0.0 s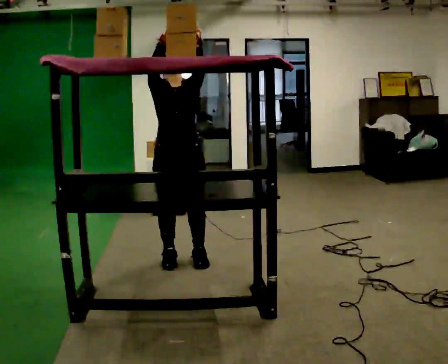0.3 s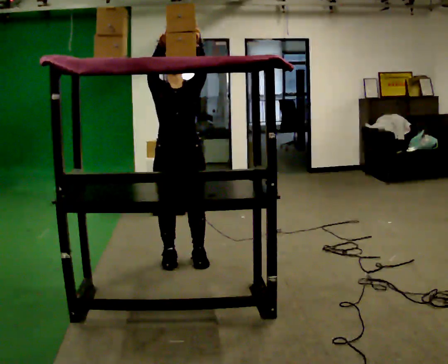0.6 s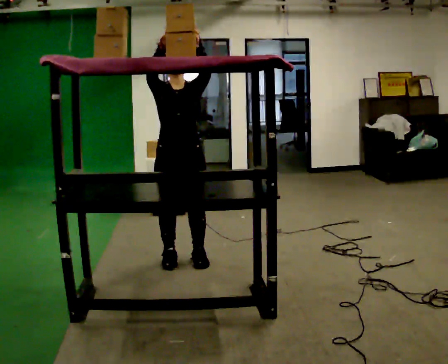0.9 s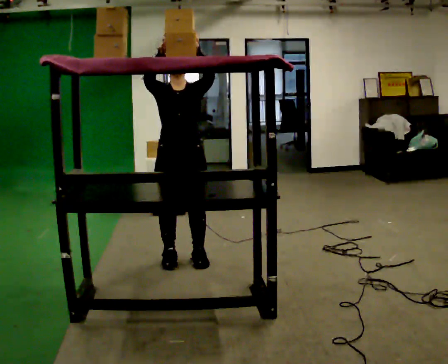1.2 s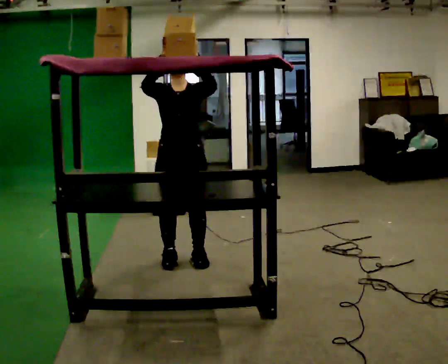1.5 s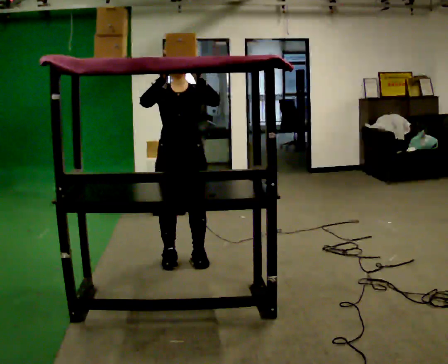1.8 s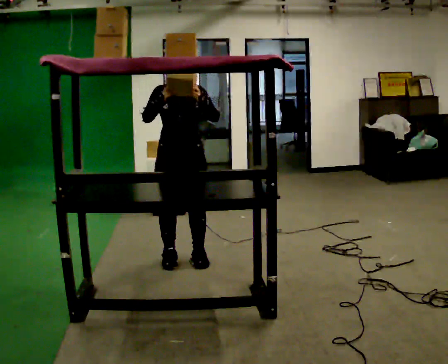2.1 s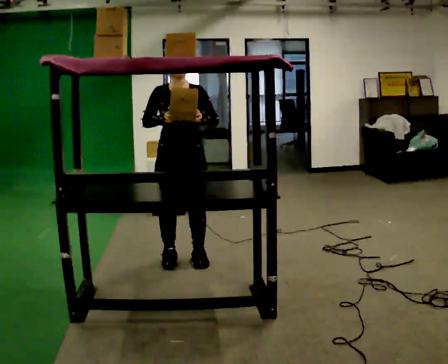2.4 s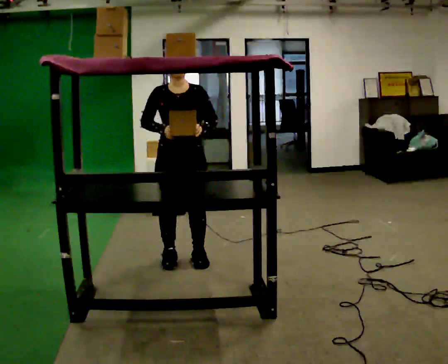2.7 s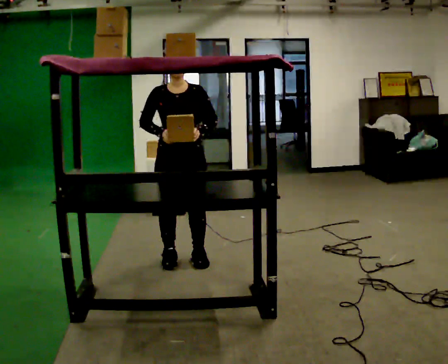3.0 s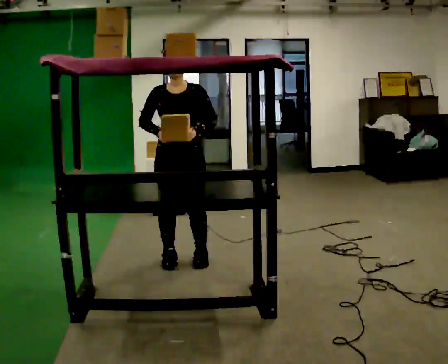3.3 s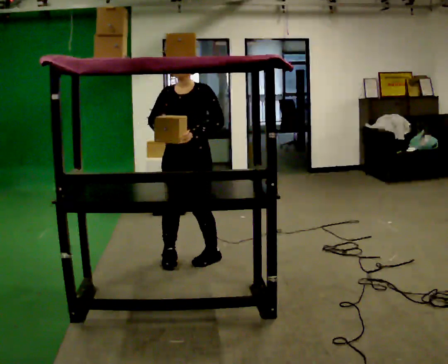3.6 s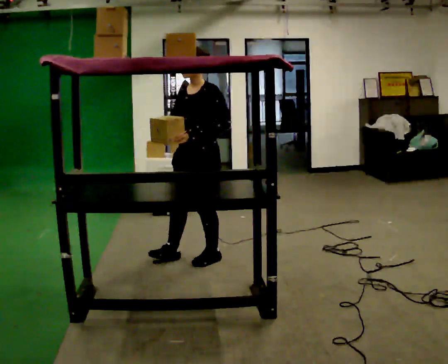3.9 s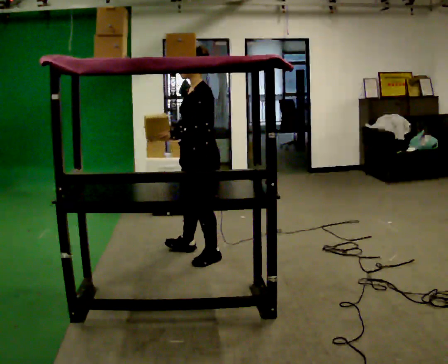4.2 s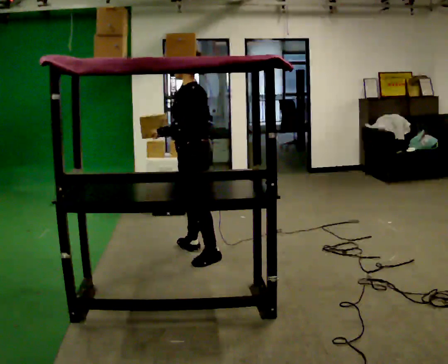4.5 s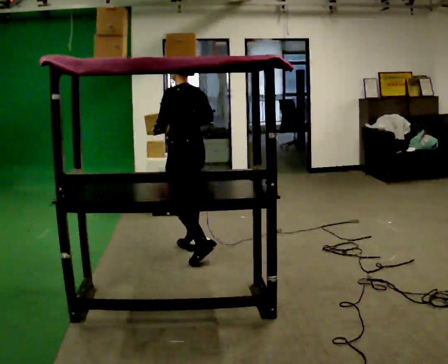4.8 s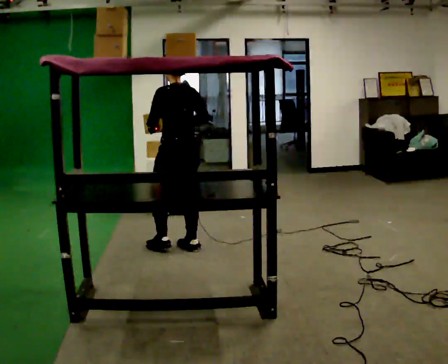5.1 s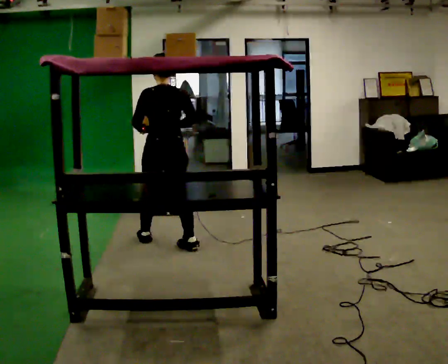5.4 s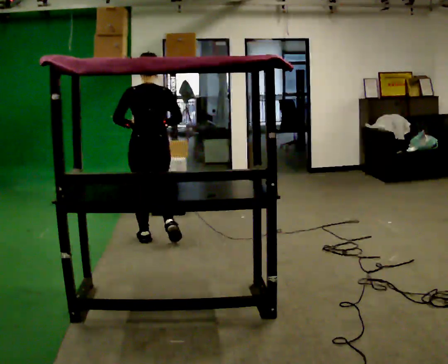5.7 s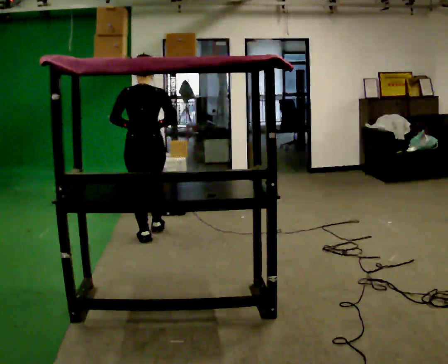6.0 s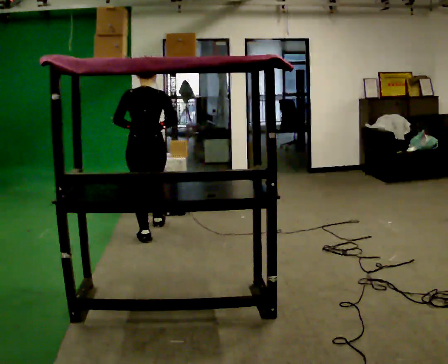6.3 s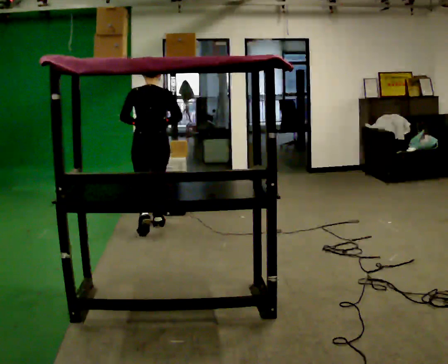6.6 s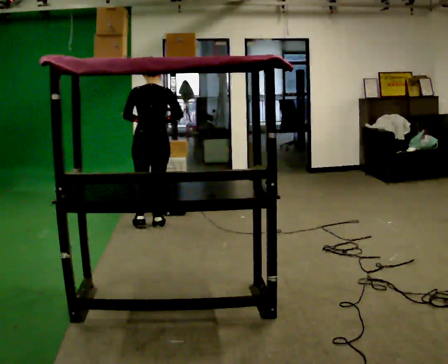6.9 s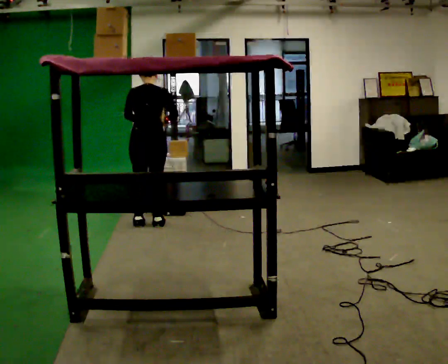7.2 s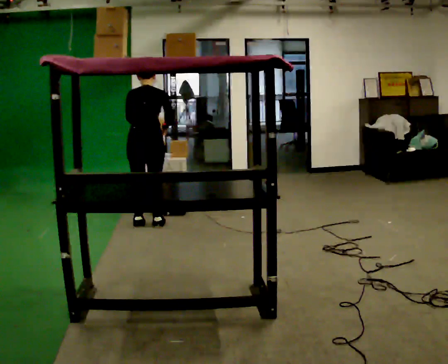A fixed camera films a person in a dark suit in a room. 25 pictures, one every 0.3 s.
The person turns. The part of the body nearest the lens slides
to the left.
The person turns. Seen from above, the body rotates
clockwise.
0.0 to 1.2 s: The person moves a little, or ends about where they began.
1.2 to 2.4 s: In the picture their left hand goes downward.
2.4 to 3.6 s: The person turns about 45 degrees to their right, clockwise seen from above, so the part of the body nearest the lens slides to the left. In the picture they go to the right, about 0.25 m, which for them is to their left.
3.6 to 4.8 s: The person turns about 90 degrees to their right, clockwise seen from above, so the part of the body nearest the lens slides to the left. In the picture they go away from the camera and to the left, about 0.25 m in 1 step.
4.8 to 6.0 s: The part of the body nearest the lens slides to the left as the person turns to their right by about 30 degrees. In the picture they go away from the camera and to the left, about 0.5 m in 2 steps, which for them is forward and to their left.
6.0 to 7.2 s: In the picture they go away from the camera, about 0.25 m in 1 step, which for them is forward. The upper body tips away from the camera, its near side rolling upward, as they bend forward.
The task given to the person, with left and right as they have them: Take an object down from the highest shelf you can comfortably reach, carry it across, and place it on the waist-height shelf. Keep going until the operator says stop; one object at a time, and do not rush between trips.
The film runs forward here.
